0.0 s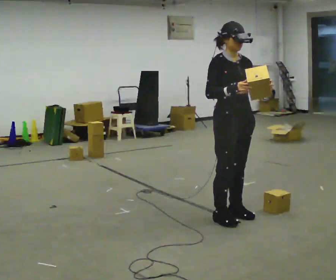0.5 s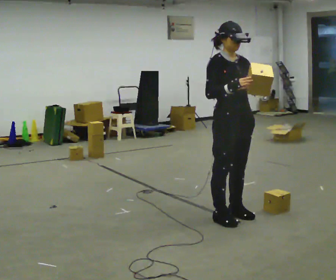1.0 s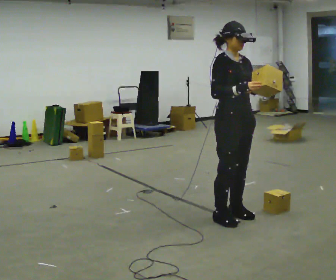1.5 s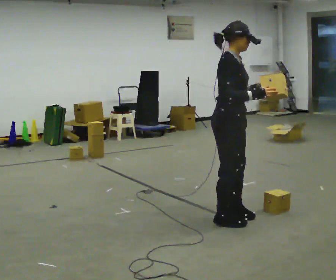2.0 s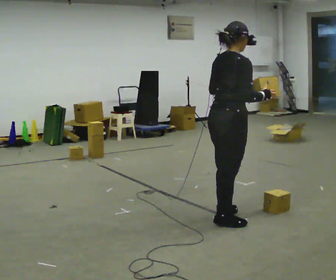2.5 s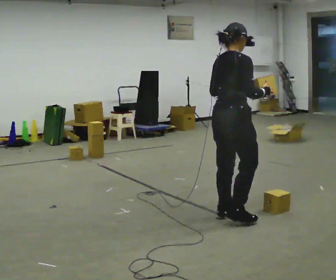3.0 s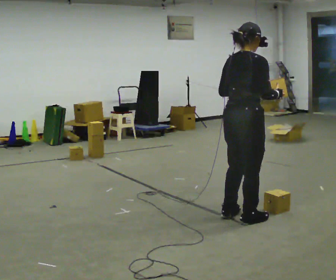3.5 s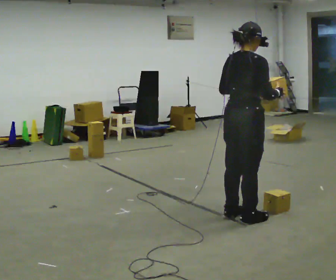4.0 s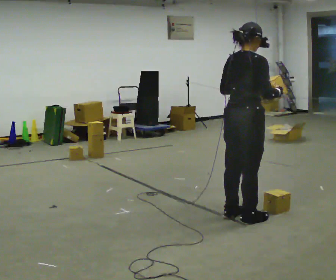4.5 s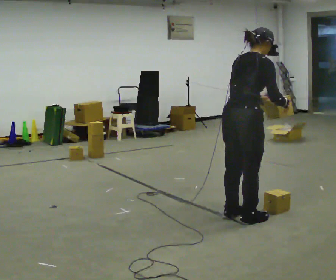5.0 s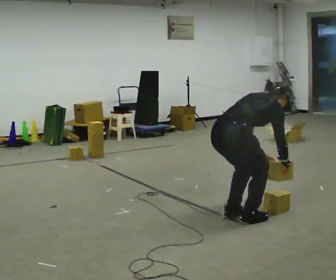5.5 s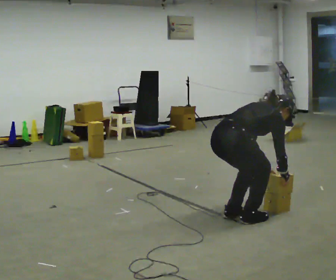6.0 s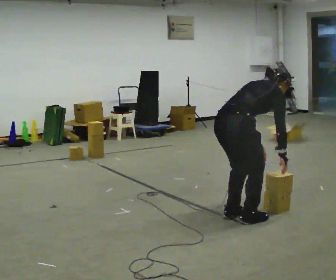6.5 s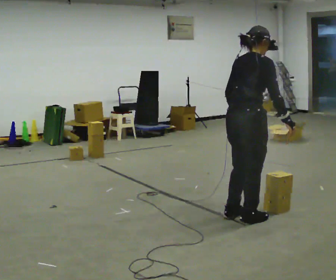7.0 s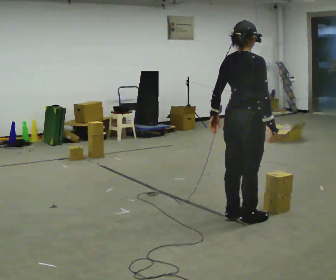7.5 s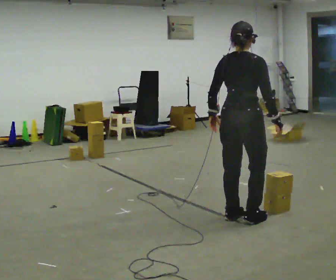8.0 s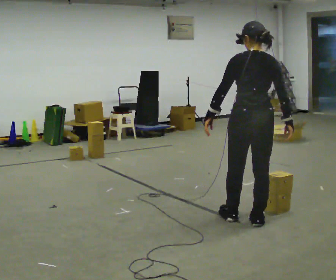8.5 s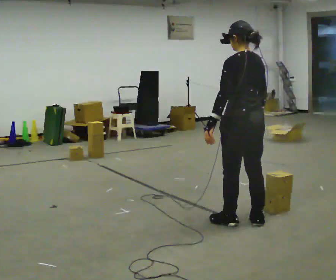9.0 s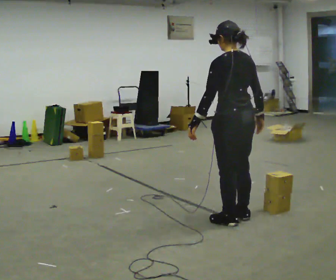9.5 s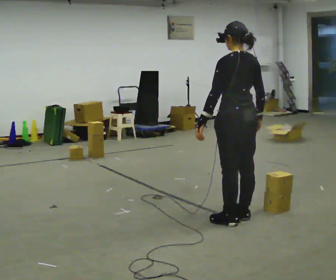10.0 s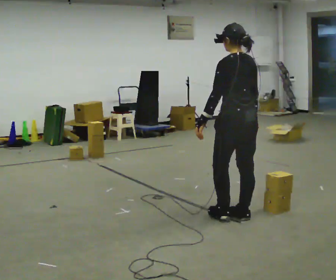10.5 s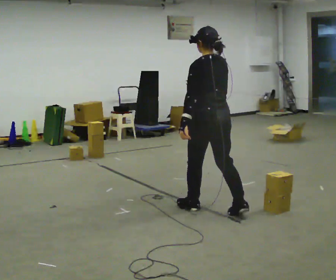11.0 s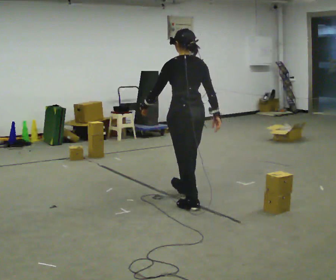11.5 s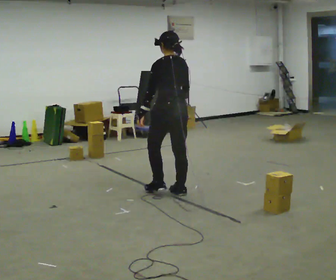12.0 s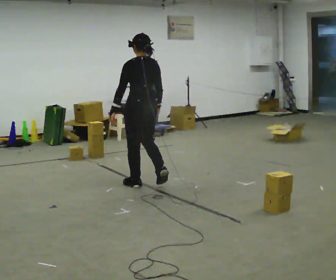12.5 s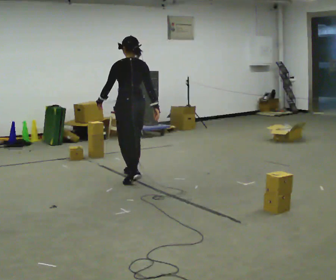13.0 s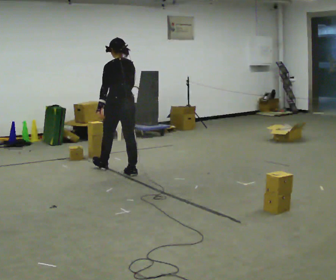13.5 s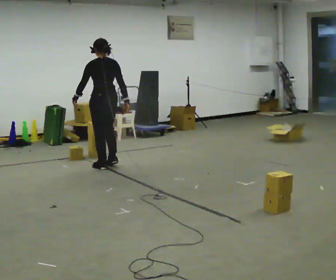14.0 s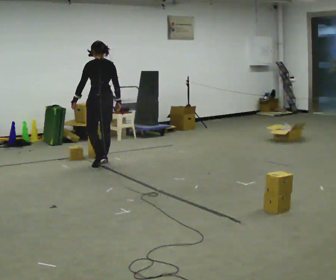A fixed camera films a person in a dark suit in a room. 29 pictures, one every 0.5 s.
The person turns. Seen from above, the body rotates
counterclockwise.
The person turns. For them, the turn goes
to their left.
0.0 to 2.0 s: The person turns about 90 degrees to their left, counterclockwise seen from above, so the part of the body nearest the lens slides to the right.
2.0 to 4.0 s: The person moves a little, or ends about where they began.
4.0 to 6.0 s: In the picture their right hand goes downward.
6.0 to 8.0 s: Seen from above the body turns counterclockwise, about 60 degrees: to their left, with its near side sliding to the right. In the picture they go to the right, about 0.25 m. The shoulders move upward. In the picture the upper body tilts counterclockwise, shoulders to the left, as they lean back or straighten. In the picture their left hand goes to the left.
8.0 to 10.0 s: Seen from above the body turns counterclockwise, about 30 degrees: to their left, with its near side sliding to the right. In the picture their right hand goes to the left.
10.0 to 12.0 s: In the picture they go to the left and away from the camera, about 1.5 m in 3 steps, which for them is forward.
12.0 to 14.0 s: In the picture they go away from the camera and to the left, about 1 m in 3 steps, which for them is forward.
The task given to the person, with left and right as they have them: Carry the box and, while you are still walking, turn it so you can read the label, read it out loud, then carry on. Repeat with the next box. Do not stop to read it.
The film runs forward here.
